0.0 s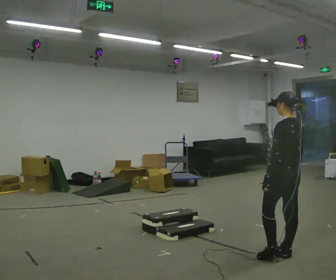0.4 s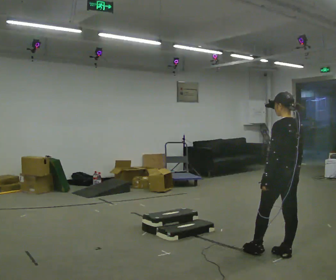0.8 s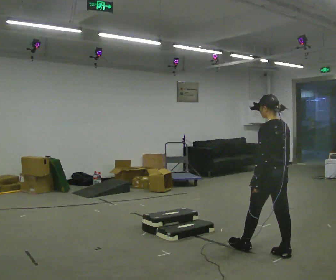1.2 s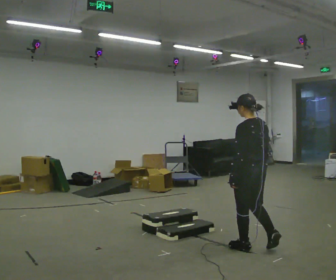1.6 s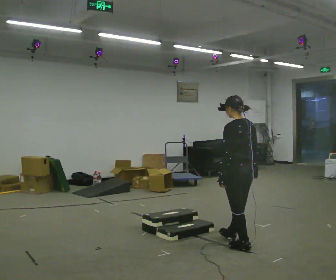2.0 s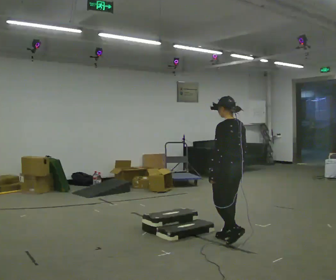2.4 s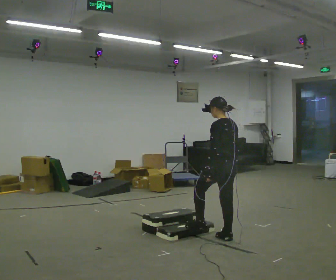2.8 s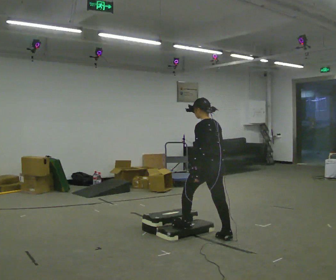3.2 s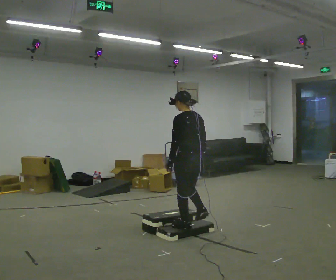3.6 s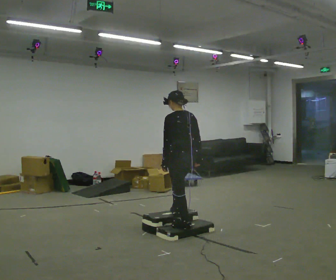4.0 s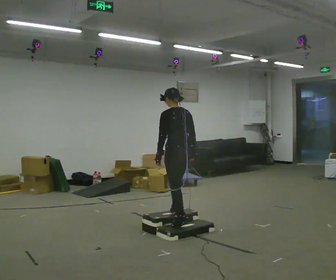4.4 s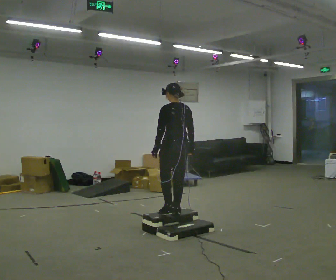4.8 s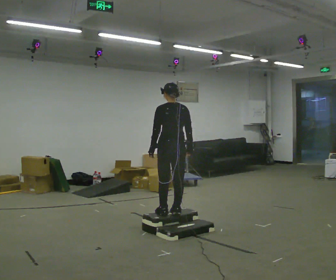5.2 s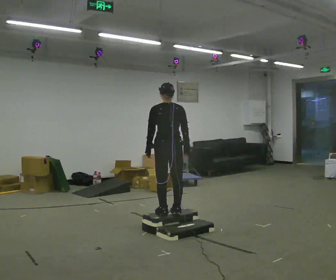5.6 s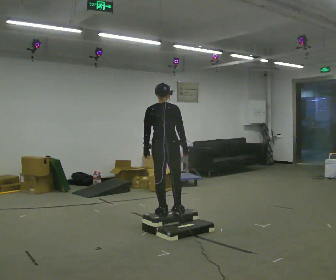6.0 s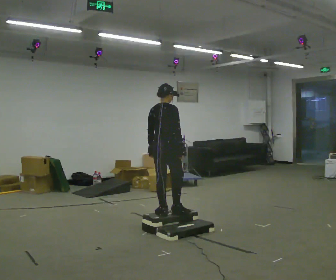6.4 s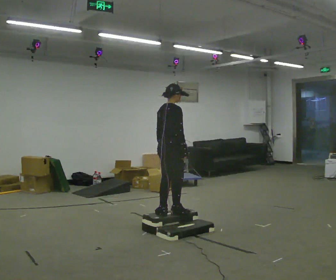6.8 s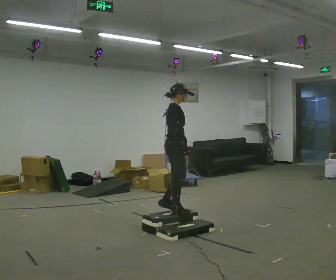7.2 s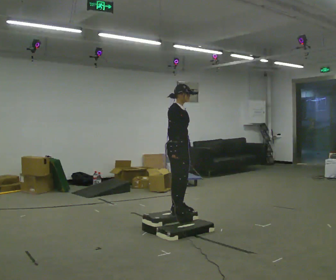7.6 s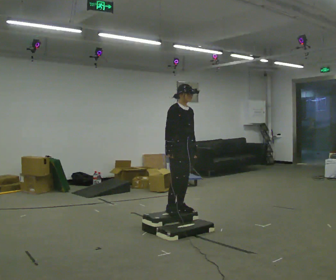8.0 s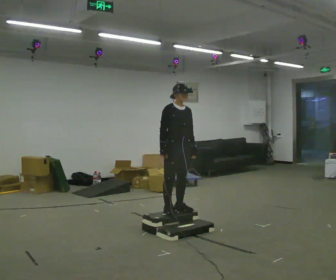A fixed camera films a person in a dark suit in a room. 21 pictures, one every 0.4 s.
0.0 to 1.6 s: In the picture they go to the left and away from the camera, about 0.5 m in 1 step, which for them is forward.
1.6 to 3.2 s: In the picture they go to the left and away from the camera, about 0.75 m in 2 steps, which for them is forward.
3.2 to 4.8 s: In the picture they go away from the camera and to the left, about 0.25 m in 2 steps, which for them is forward.
4.8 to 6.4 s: The part of the body nearest the lens slides to the left as the person turns to their right by about 75 degrees.
6.4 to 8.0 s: The person turns about 90 degrees to their right, clockwise seen from above, so the part of the body nearest the lens slides to the left. In the picture their left hand goes to the right.
The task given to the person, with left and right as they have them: Walk up the three steps, turn at the top, and walk back down at a comfortable speed. Use the handrail only if you need it.
The film runs forward here.
